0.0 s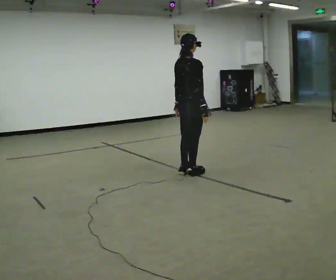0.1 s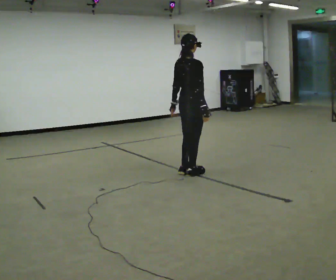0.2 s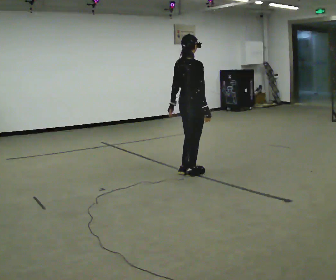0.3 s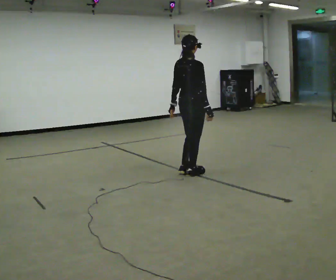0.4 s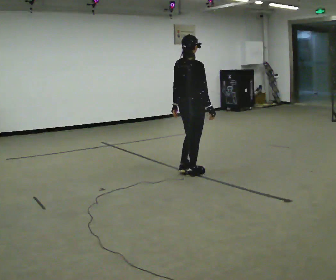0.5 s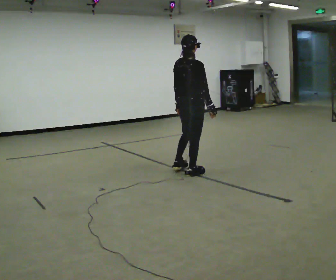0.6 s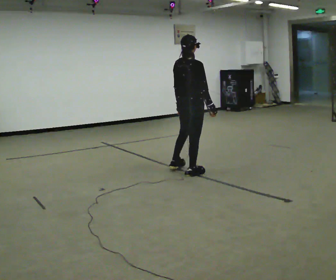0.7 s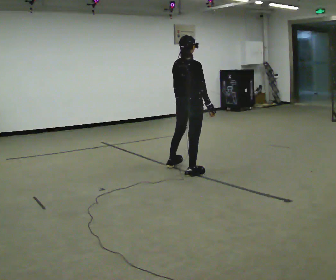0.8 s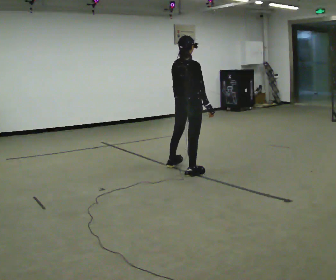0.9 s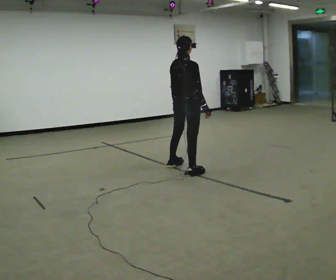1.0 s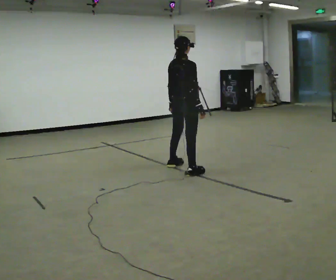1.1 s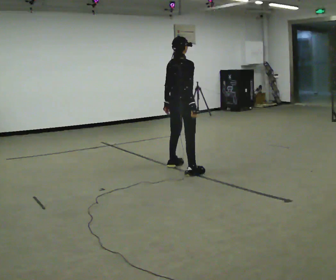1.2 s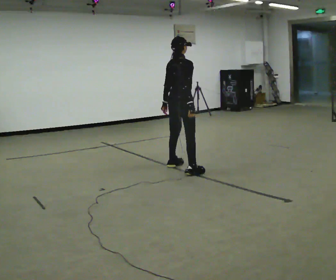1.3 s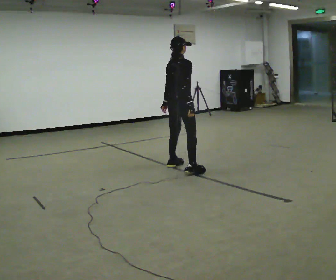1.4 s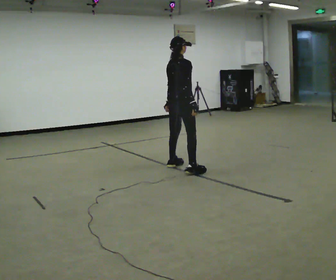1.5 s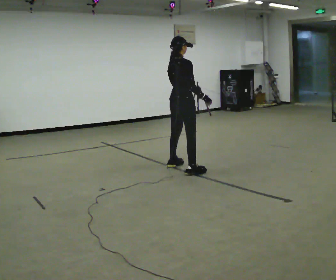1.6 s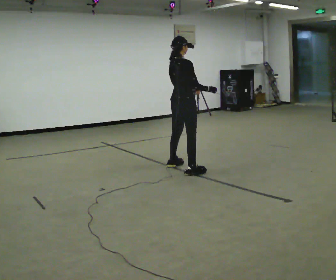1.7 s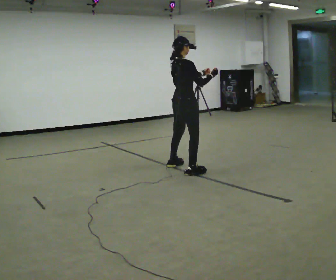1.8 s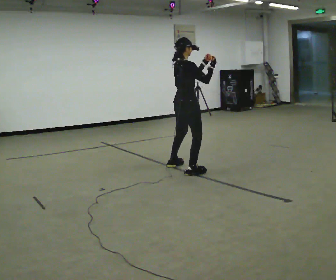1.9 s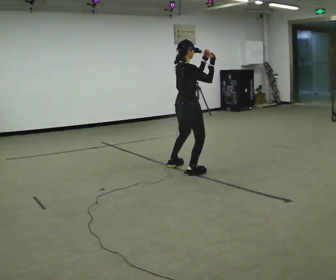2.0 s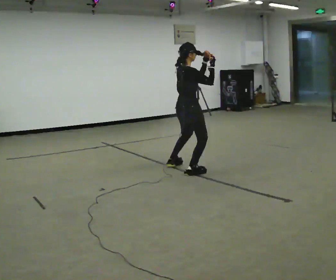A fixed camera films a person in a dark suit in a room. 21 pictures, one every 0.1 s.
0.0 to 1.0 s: The person moves a little, or ends about where they began.
1.0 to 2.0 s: In the picture their left hand goes upward and to the right.
The film runs forward here.
